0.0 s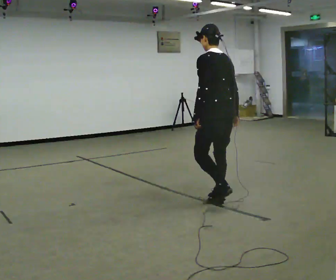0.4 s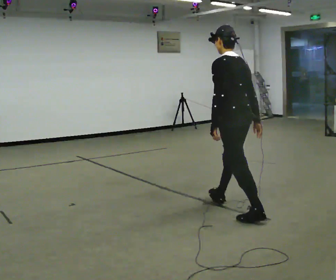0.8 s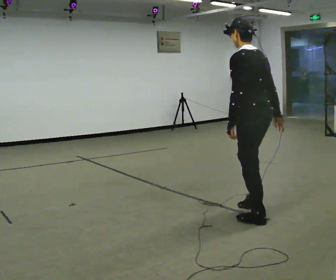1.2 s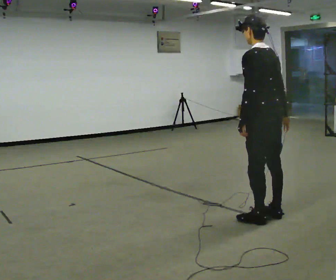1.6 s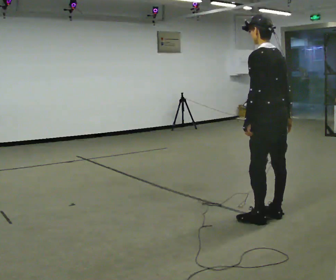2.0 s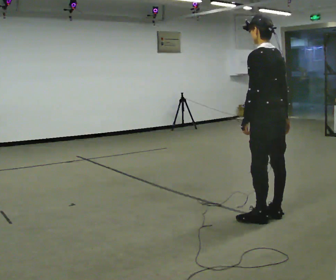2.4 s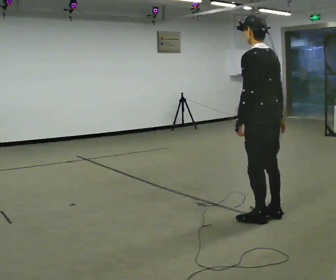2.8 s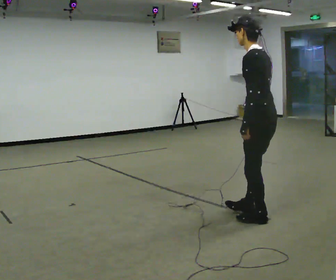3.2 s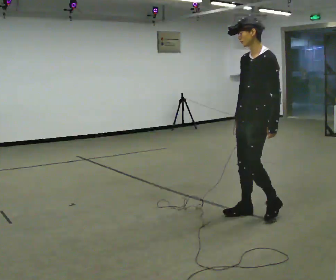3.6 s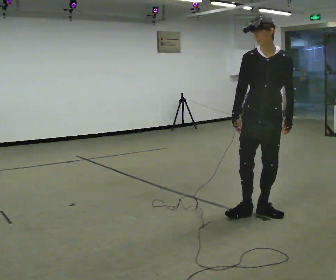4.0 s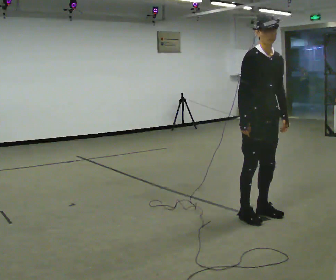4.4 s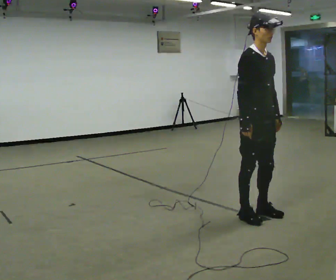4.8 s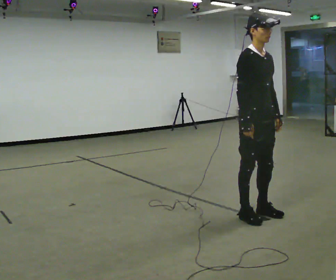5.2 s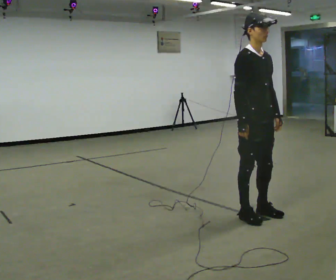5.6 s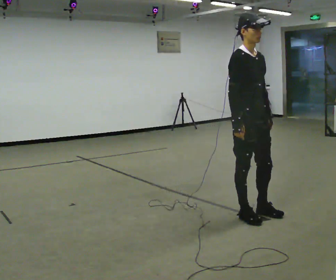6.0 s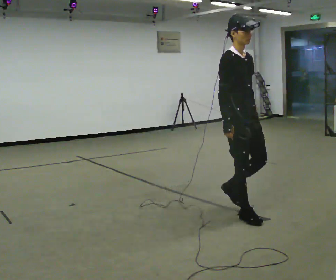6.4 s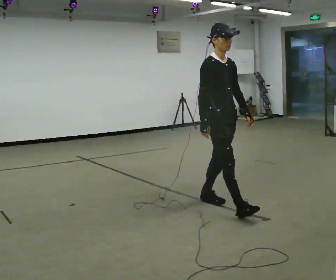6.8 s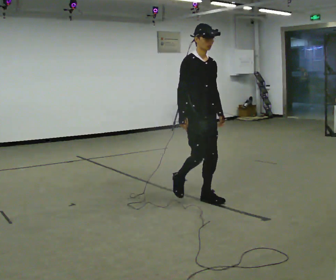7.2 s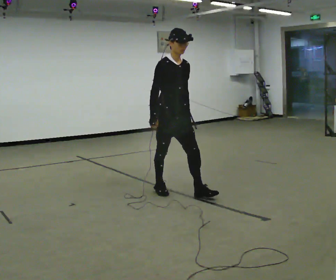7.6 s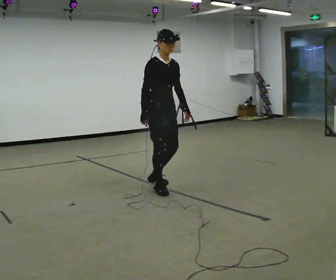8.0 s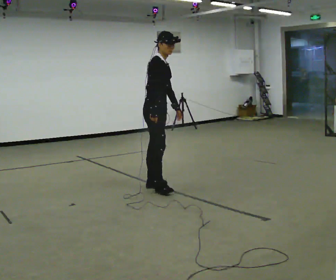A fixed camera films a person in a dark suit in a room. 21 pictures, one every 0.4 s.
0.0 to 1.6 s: In the picture they go to the right and toward the camera, about 0.75 m in 1 step, which for them is backward.
1.6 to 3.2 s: The part of the body nearest the lens slides to the right as the person turns to their left by about 75 degrees. In the picture their right hand goes to the left.
3.2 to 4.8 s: Seen from above the body turns counterclockwise, about 105 degrees: to their left, with its near side sliding to the right.
4.8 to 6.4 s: In the picture they go away from the camera and to the left, about 0.5 m in 2 steps, which for them is backward.
6.4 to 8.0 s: The part of the body nearest the lens slides to the right as the person turns to their left by about 30 degrees. In the picture they go to the left and away from the camera, about 1 m in 1 step, which for them is backward.
The film runs backward here.
